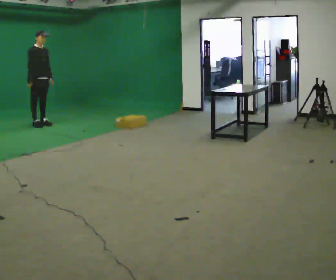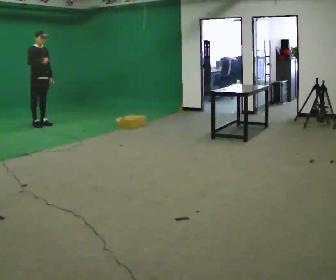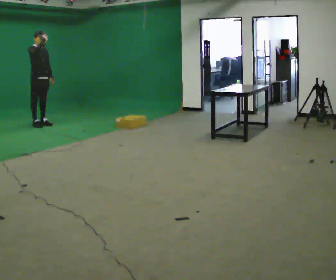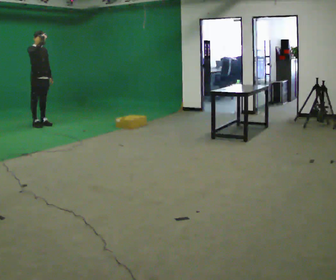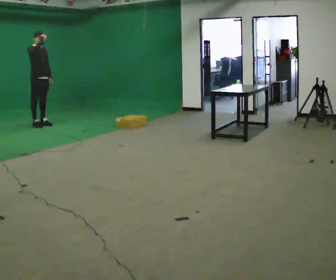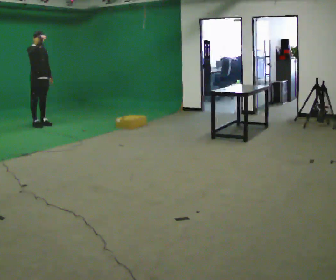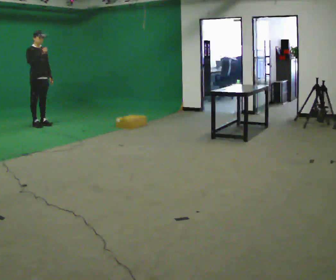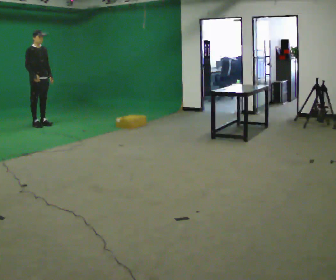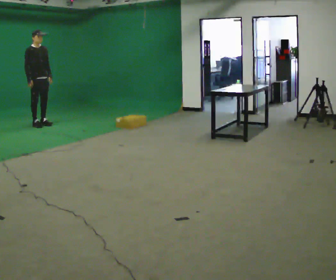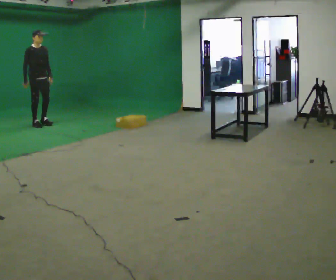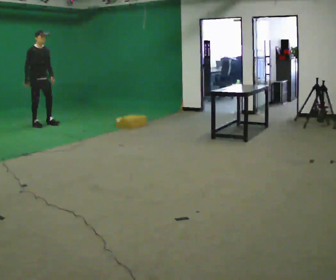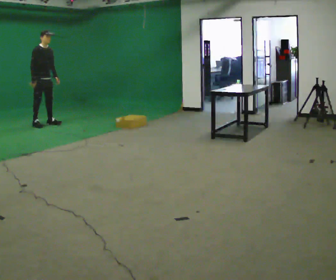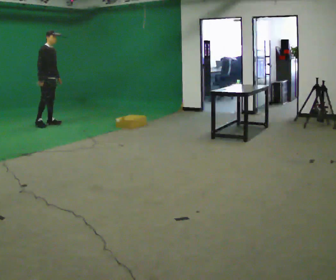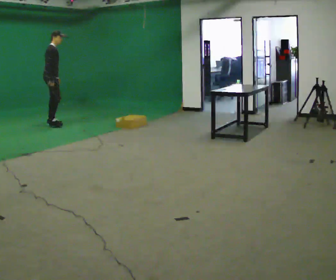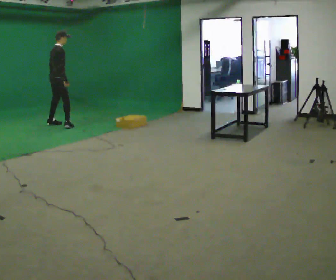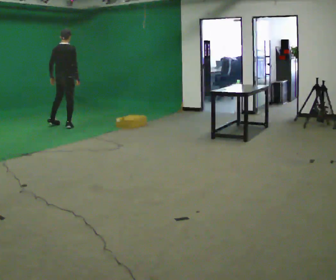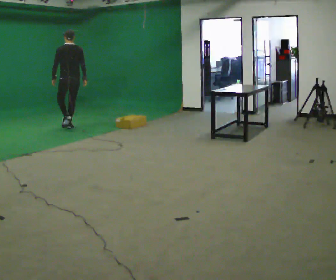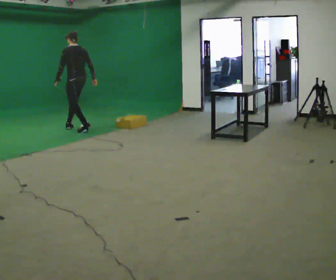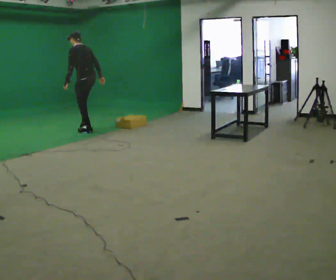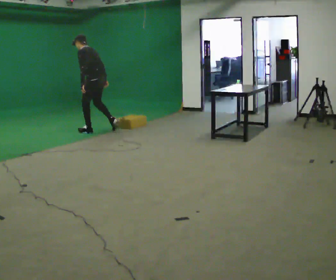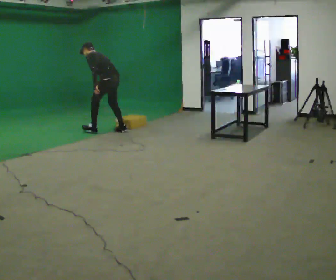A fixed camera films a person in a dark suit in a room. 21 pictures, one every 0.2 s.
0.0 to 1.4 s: The person moves a little, or ends about where they began.
1.4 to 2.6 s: The part of the body nearest the lens slides to the right as the person turns to their left by about 30 degrees. In the picture they go to the right, about 0.25 m in 1 step, which for them is to their left and forward.
2.6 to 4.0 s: The person turns about 150 degrees to their left, counterclockwise seen from above, so the part of the body nearest the lens slides to the right. In the picture they go to the right and toward the camera, about 1.5 m in 3 steps. In the picture the upper body tilts counterclockwise, shoulders to the left, as they bend forward.
The film runs backward here.
